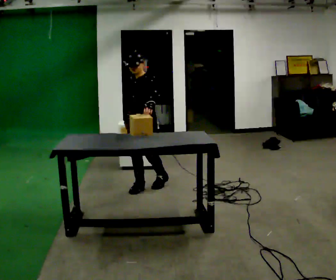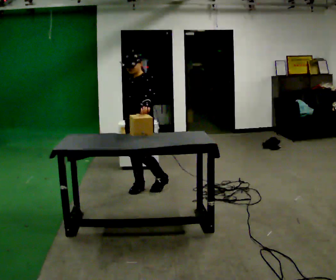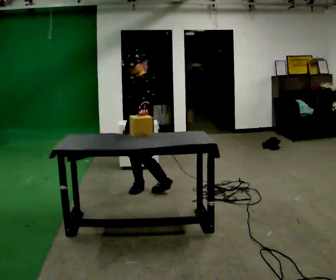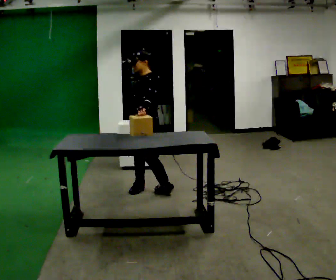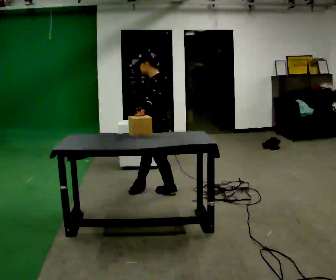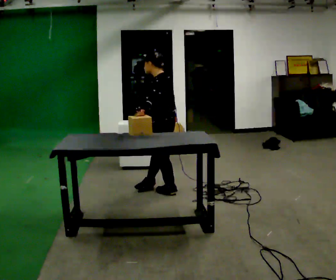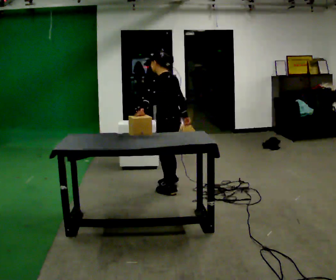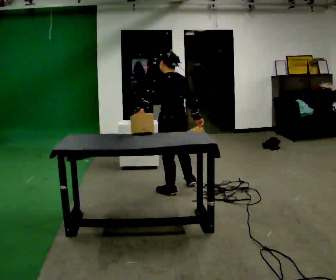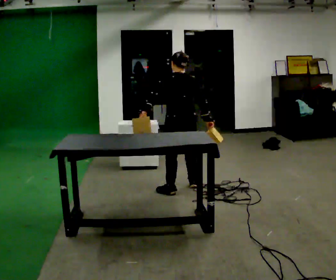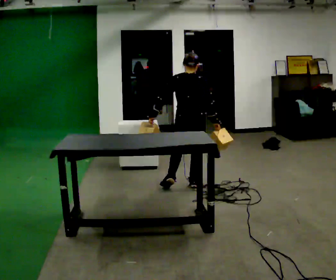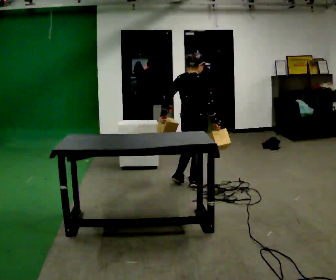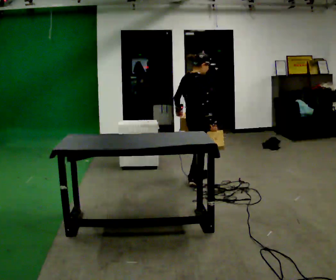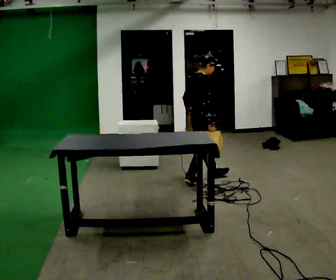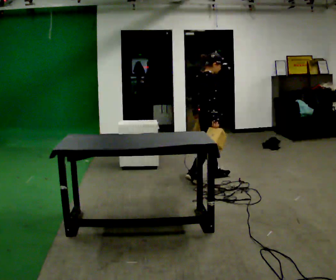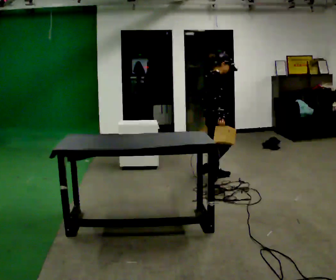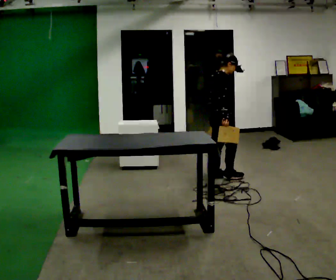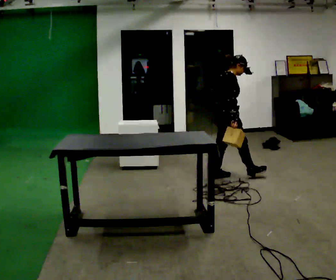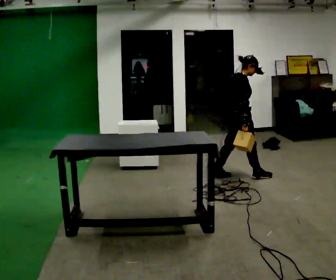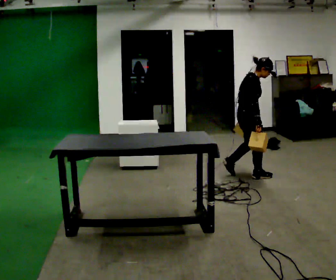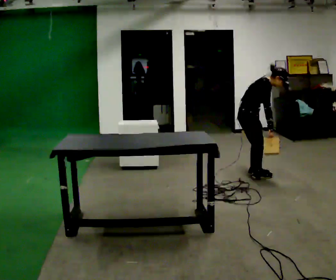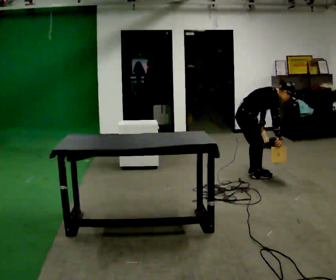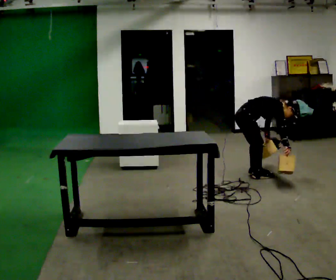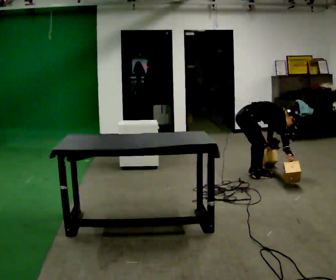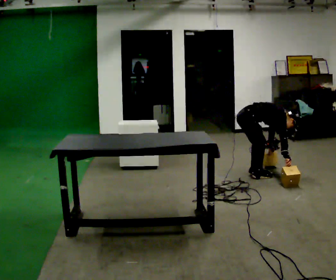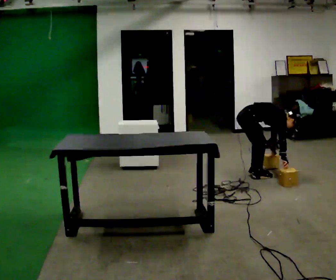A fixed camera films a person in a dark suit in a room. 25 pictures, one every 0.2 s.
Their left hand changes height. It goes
downward.
The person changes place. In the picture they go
to the right.
0.0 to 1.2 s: Seen from above the body turns clockwise, about 75 degrees: to their right, with its near side sliding to the left. In the picture they go to the right, about 0.25 m in 1 step.
1.2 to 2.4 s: The person turns about 135 degrees to their right, clockwise seen from above, so the part of the body nearest the lens slides to the left. In the picture they go away from the camera and to the right, about 0.5 m in 2 steps.
2.4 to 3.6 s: In the picture they go to the right, about 0.5 m in 1 step, which for them is forward. In the picture the upper body tilts clockwise, shoulders to the right.
3.6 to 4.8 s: The shoulders move downward. In the picture the upper body tilts clockwise, shoulders to the right, as they bend forward. In the picture their left hand goes downward and to the right.
The film runs forward here.
